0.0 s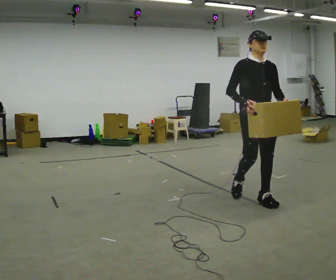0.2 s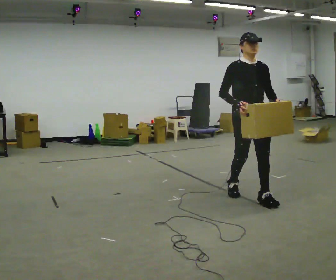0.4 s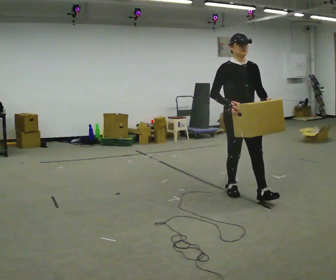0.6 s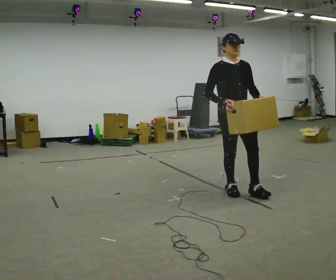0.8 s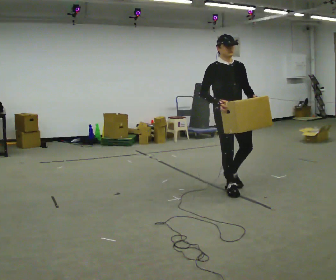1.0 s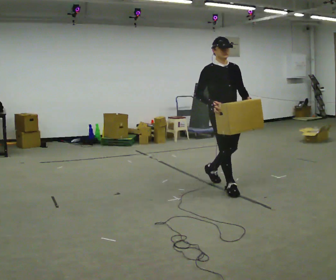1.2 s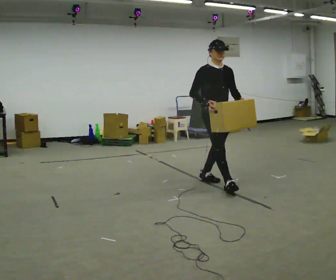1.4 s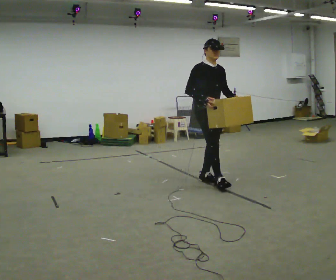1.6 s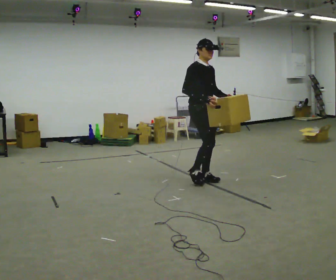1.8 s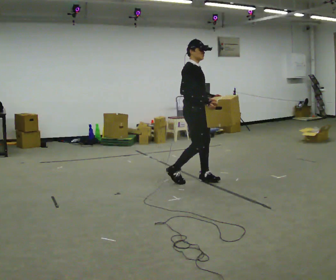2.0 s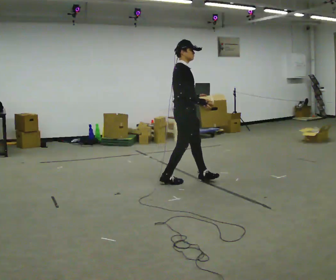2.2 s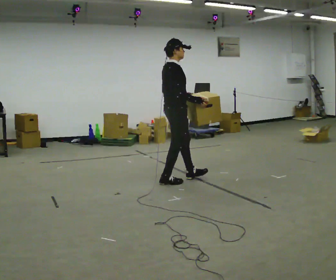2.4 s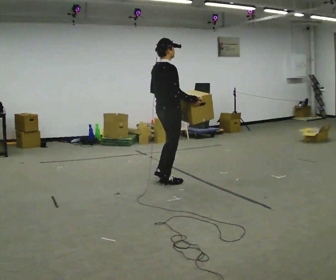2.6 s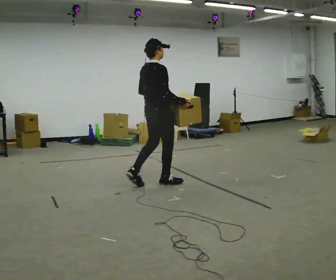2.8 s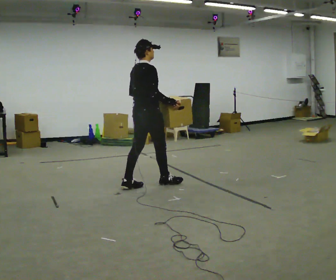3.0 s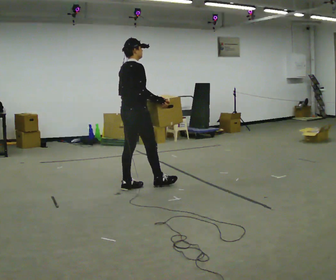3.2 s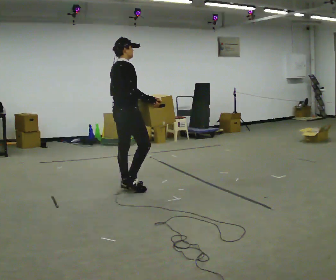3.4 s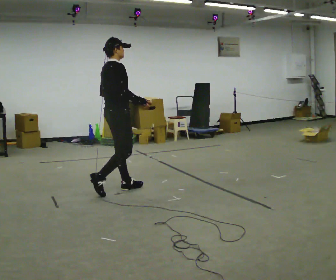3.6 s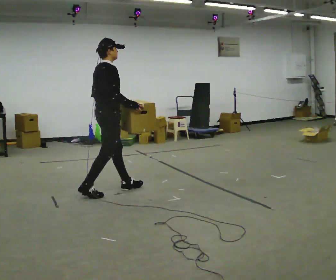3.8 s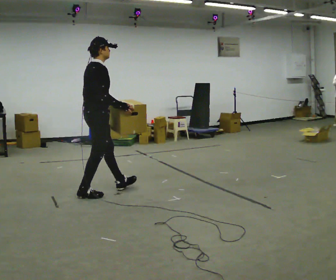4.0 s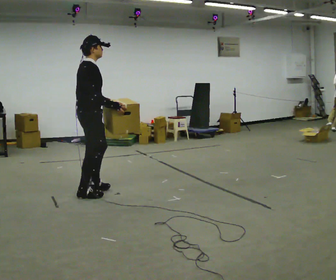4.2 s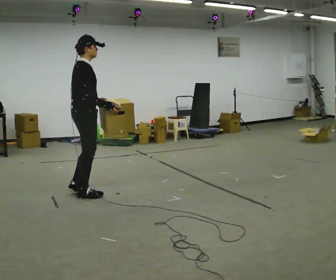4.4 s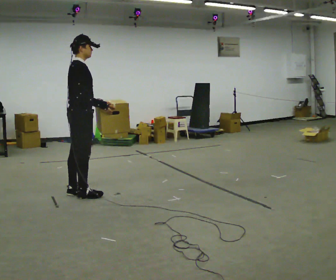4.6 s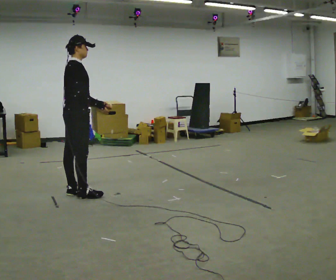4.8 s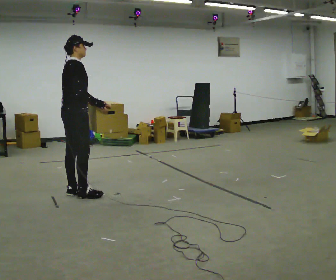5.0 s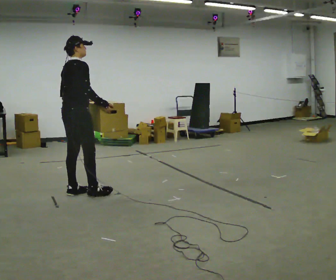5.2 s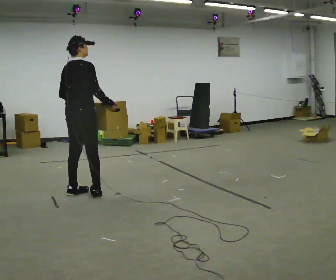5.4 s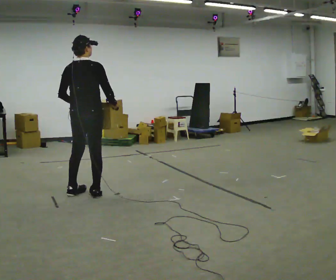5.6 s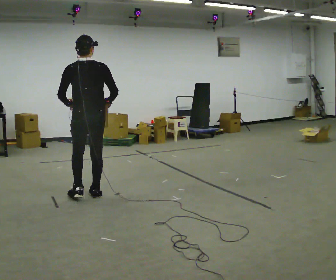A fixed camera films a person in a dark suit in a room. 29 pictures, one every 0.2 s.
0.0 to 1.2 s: In the picture they go away from the camera and to the left, about 0.5 m in 1 step, which for them is backward.
1.2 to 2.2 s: Seen from above the body turns counterclockwise, about 60 degrees: to their left, with its near side sliding to the right. In the picture they go to the left, about 0.5 m in 2 steps.
2.2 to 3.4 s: In the picture they go to the left and toward the camera, about 0.75 m in 1 step, which for them is backward.
3.4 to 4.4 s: In the picture they go to the left and toward the camera, about 0.5 m in 1 step, which for them is backward.
4.4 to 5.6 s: The part of the body nearest the lens slides to the right as the person turns to their left by about 75 degrees.
The film runs backward here.
